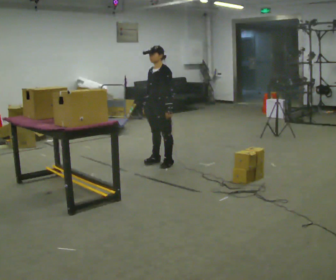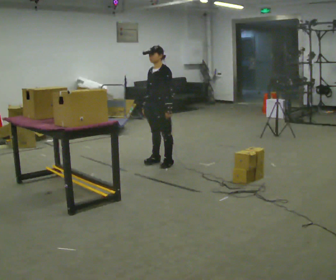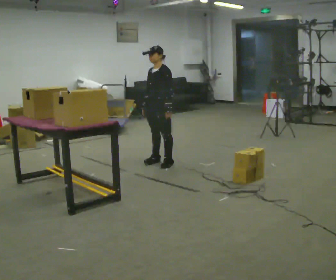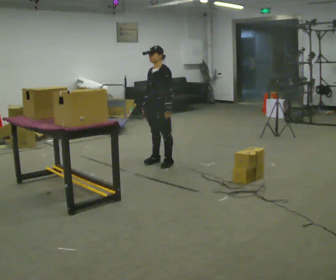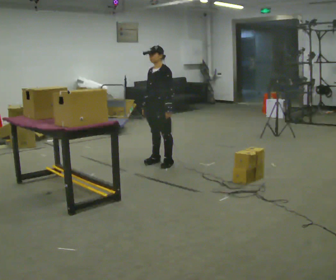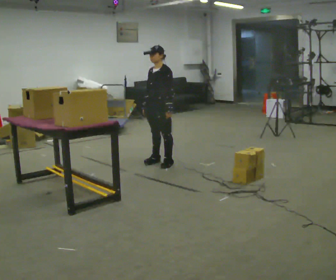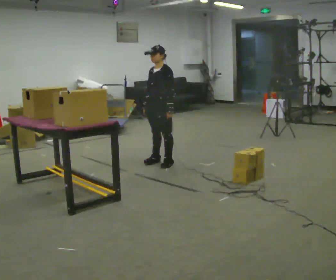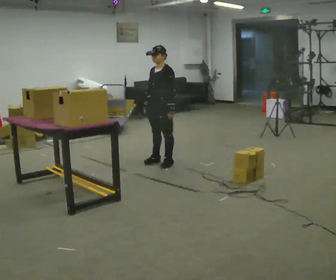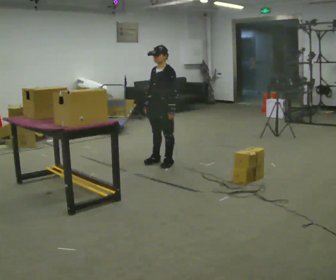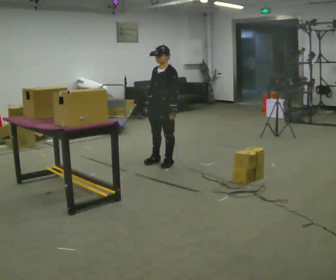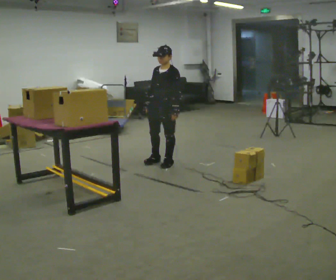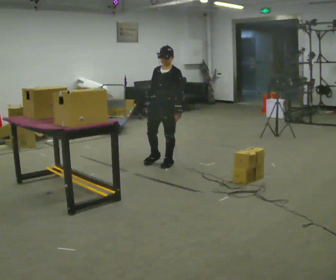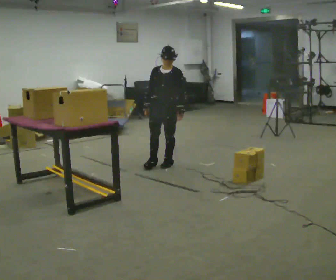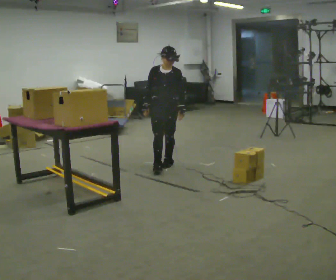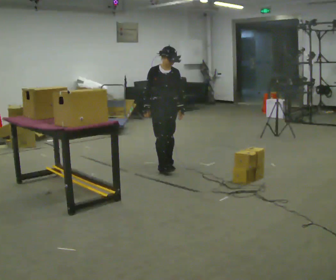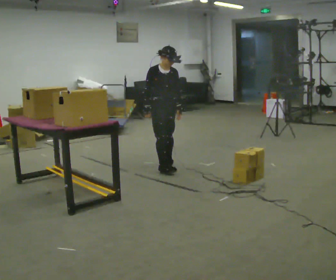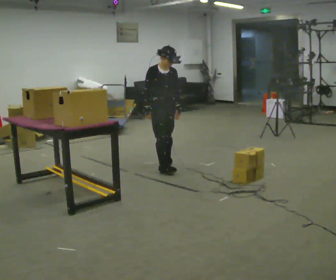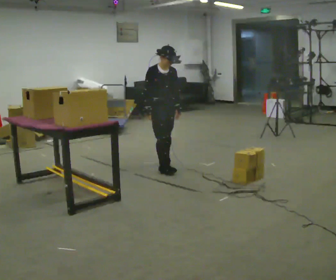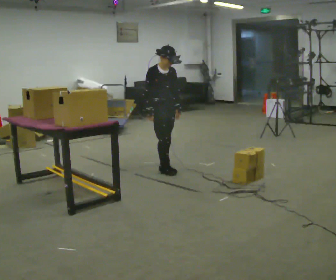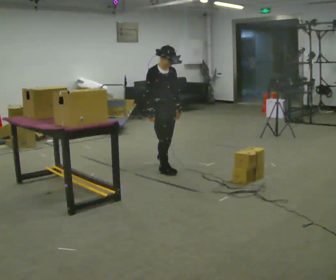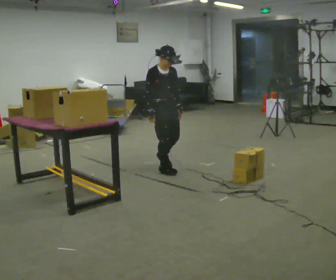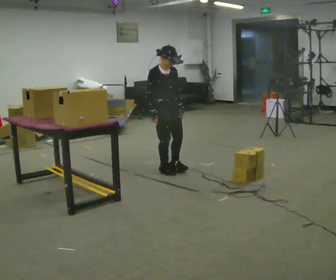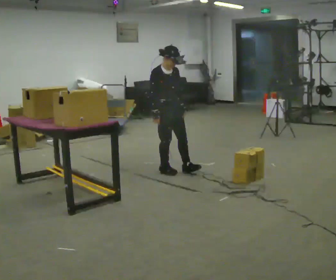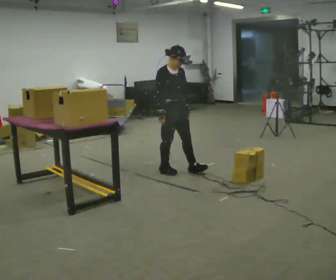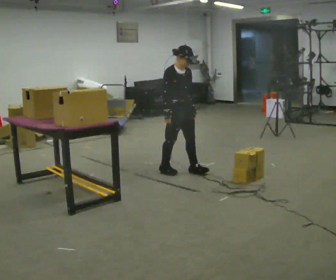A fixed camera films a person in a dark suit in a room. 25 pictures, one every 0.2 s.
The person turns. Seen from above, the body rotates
counterclockwise.
The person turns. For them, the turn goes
to their left.
0.0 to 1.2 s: The person keeps their place and pose.
1.2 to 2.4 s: The person turns about 30 degrees to their left, counterclockwise seen from above, so the part of the body nearest the lens slides to the right.
2.4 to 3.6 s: Seen from above the body turns counterclockwise, about 45 degrees: to their left, with its near side sliding to the right. In the picture they go toward the camera, about 0.25 m in 1 step, which for them is forward and to their right.
3.6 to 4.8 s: In the picture they go to the right, about 0.25 m in 1 step, which for them is forward.
The film runs forward here.
